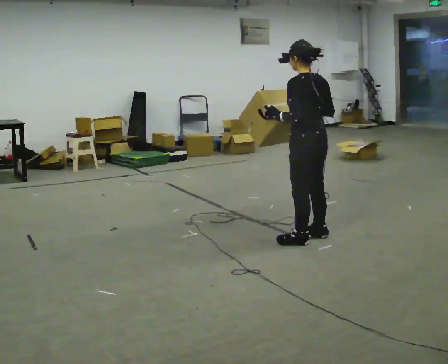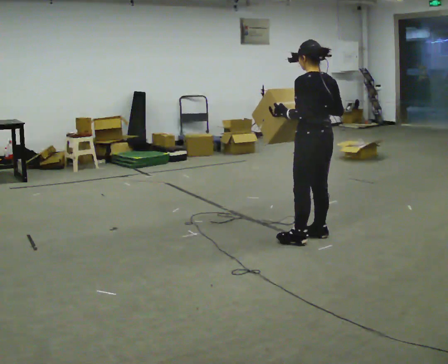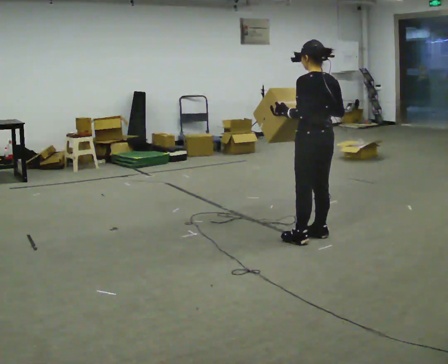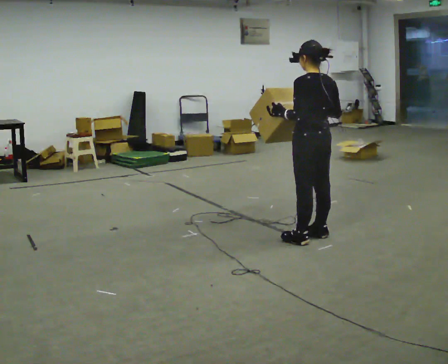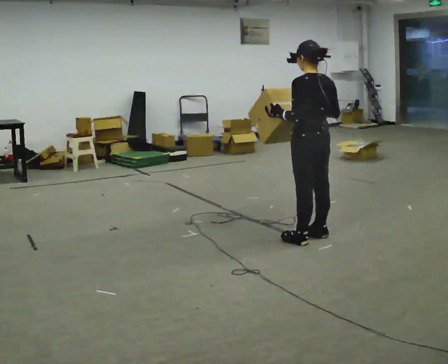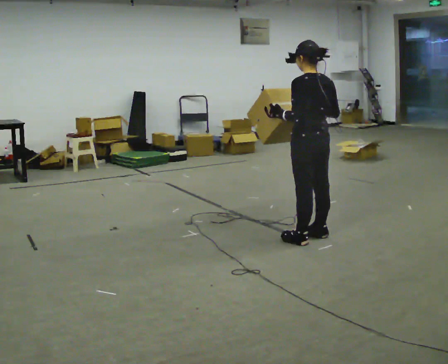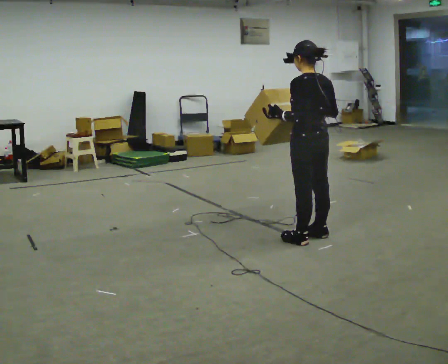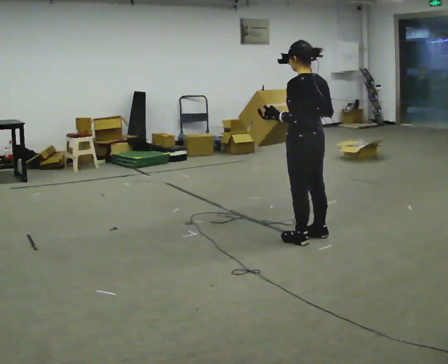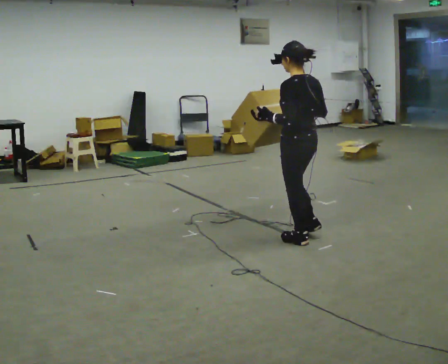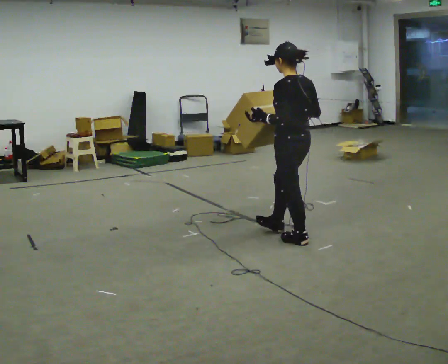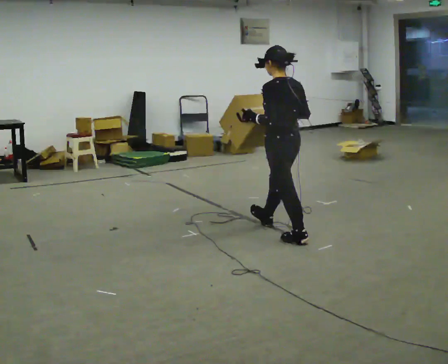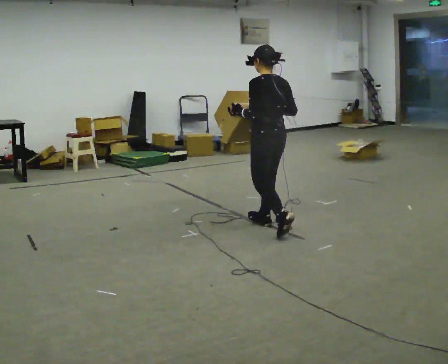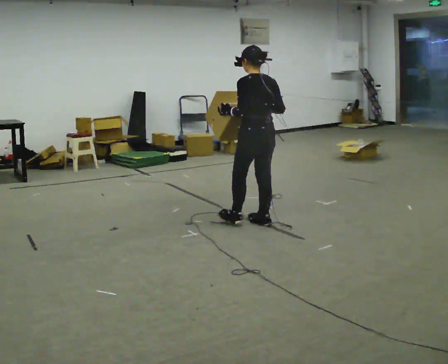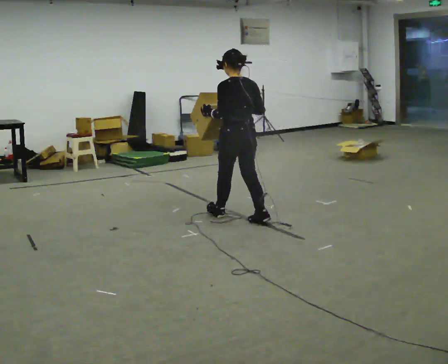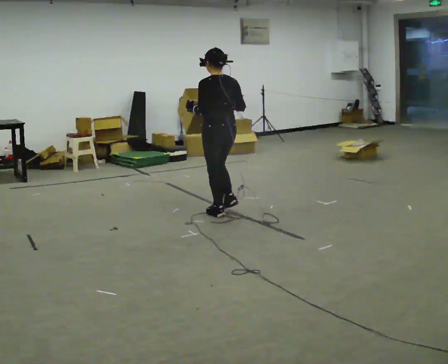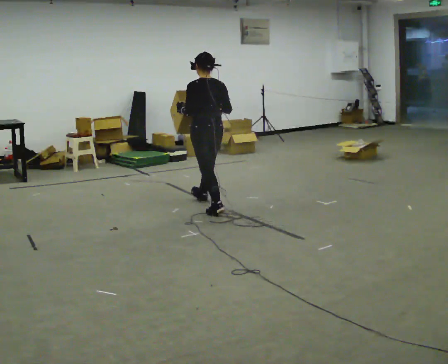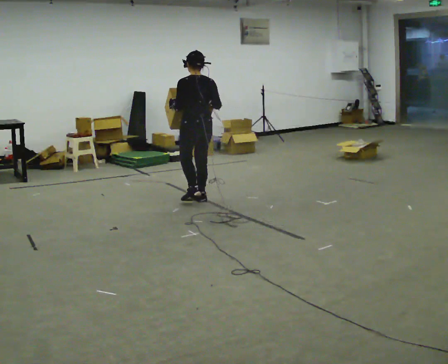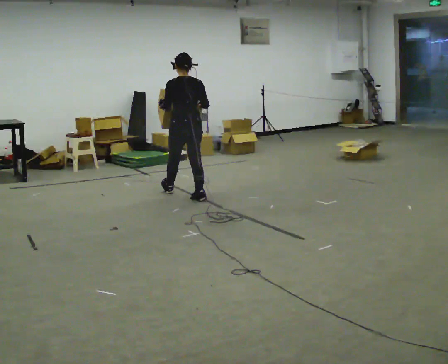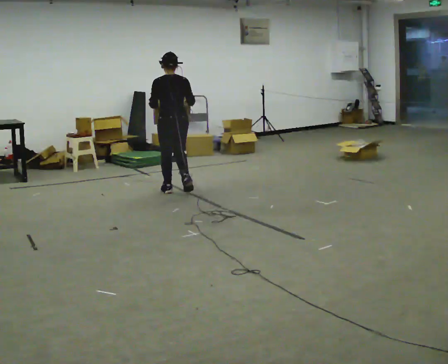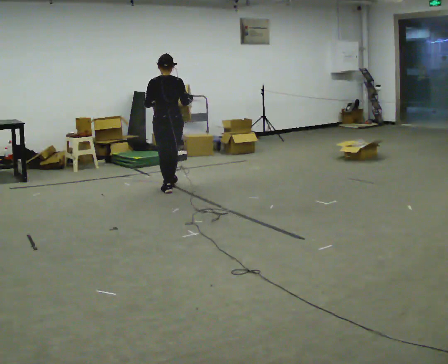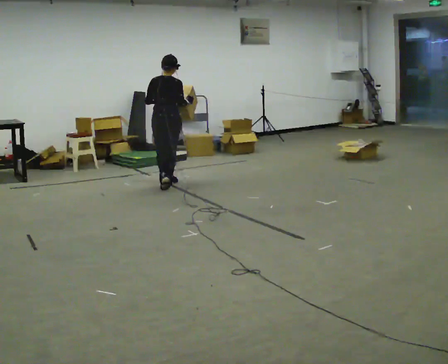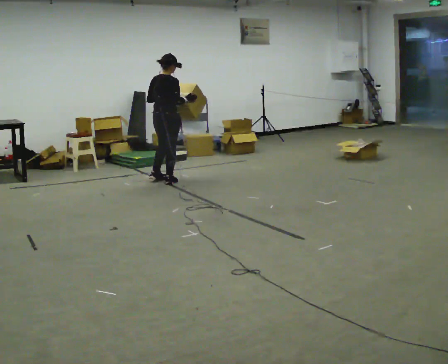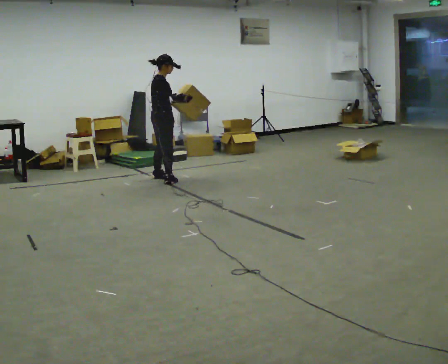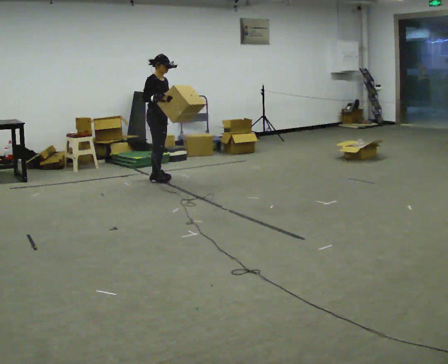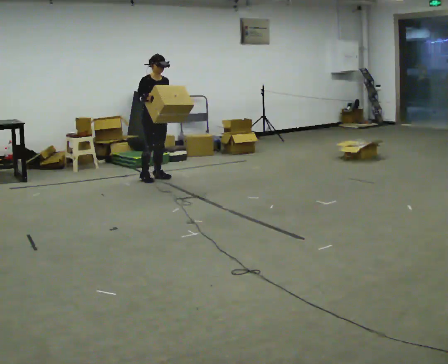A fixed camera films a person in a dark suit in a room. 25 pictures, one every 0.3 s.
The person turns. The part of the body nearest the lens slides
to the left.
The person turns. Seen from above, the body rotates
clockwise.
0.0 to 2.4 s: The person moves a little, or ends about where they began.
2.4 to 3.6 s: In the picture they go away from the camera and to the left, about 0.5 m in 1 step, which for them is forward.
3.6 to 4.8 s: In the picture they go away from the camera and to the left, about 1 m in 2 steps, which for them is forward.
4.8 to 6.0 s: The part of the body nearest the lens slides to the left as the person turns to their right by about 30 degrees. In the picture they go away from the camera and to the left, about 1 m in 2 steps, which for them is forward.
6.0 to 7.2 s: The person turns about 135 degrees to their right, clockwise seen from above, so the part of the body nearest the lens slides to the left. In the picture they go away from the camera and to the left, about 0.5 m in 2 steps.
The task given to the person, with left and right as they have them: Carry the medium box in both hands in front of you, walking back and forth across the room. Keep walking until the operator says stop.
The film runs forward here.
